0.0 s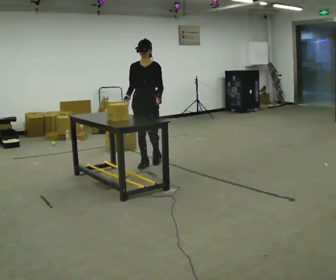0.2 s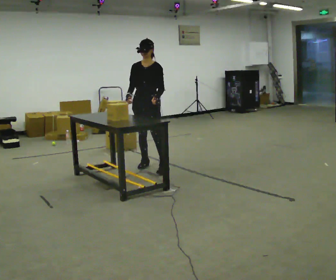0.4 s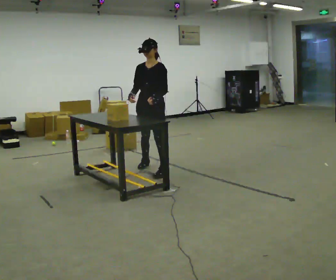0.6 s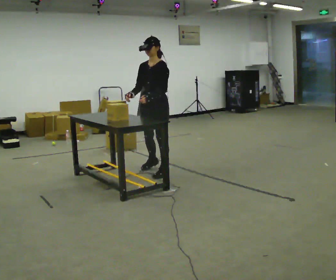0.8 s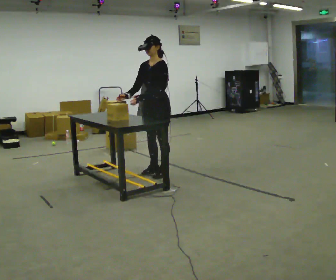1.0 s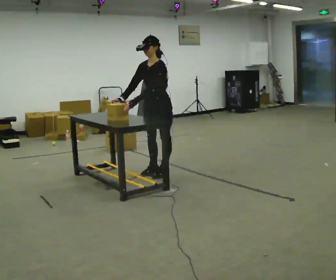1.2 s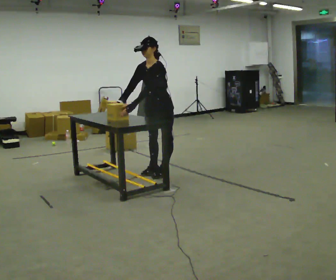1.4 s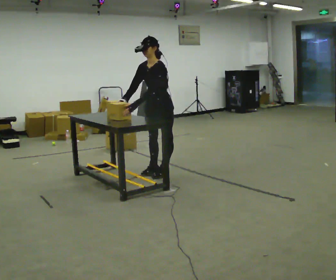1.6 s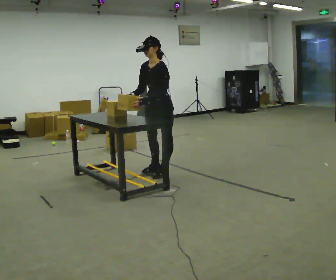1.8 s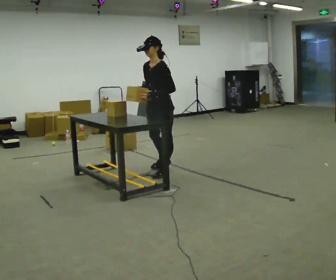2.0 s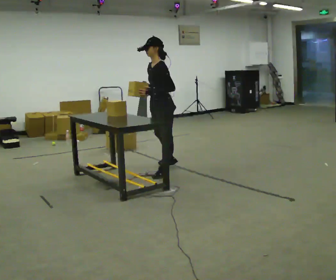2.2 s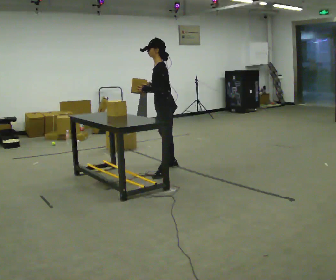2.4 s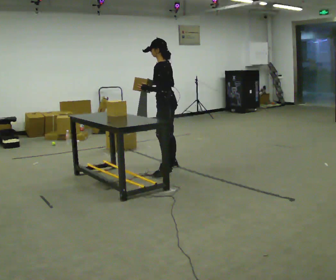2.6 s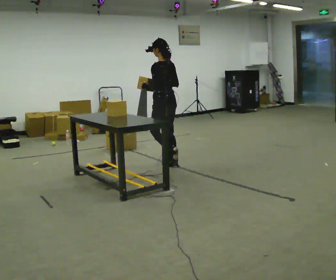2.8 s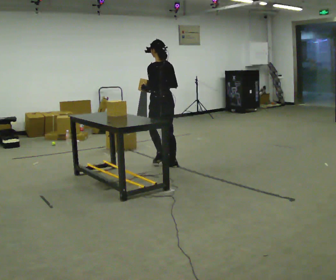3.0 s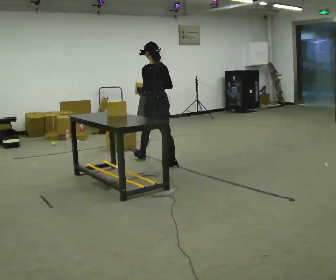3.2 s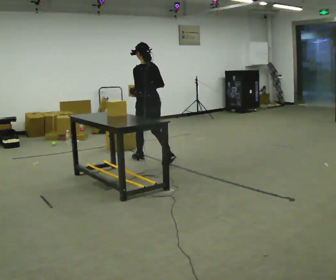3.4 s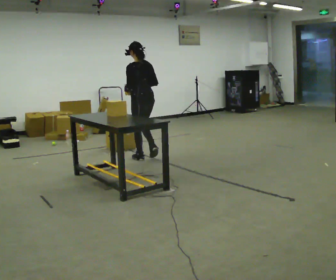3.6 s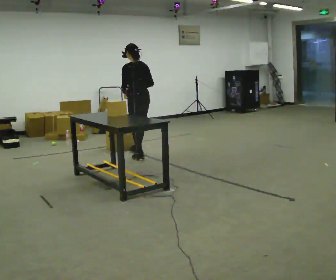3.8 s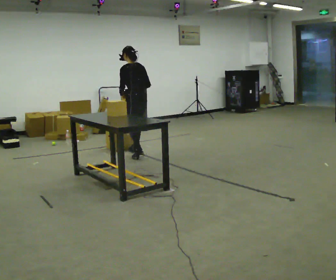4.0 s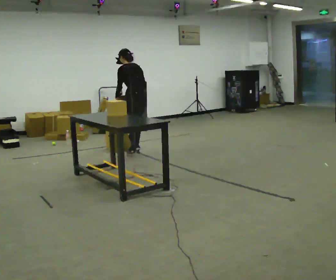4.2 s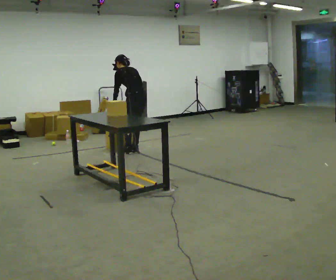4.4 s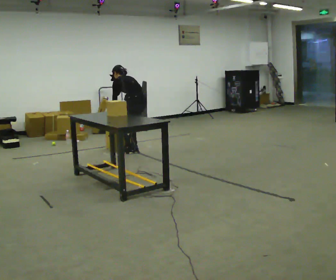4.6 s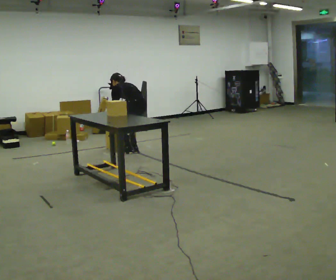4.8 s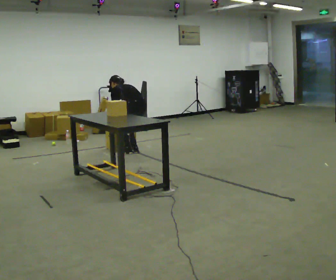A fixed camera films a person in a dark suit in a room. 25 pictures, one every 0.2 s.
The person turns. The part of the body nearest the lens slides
to the left.
The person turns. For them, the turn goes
to their right.
0.0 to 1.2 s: The part of the body nearest the lens slides to the left as the person turns to their right by about 45 degrees. In the picture they go toward the camera and to the right, about 0.5 m in 2 steps, which for them is to their left and forward. The upper body tips toward the camera, its near side rolling downward, as they bend forward.
1.2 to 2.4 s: The person turns about 60 degrees to their right, clockwise seen from above, so the part of the body nearest the lens slides to the left. In the picture they go away from the camera, about 0.25 m in 1 step.
2.4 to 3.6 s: The person turns about 30 degrees to their right, clockwise seen from above, so the part of the body nearest the lens slides to the left. In the picture they go away from the camera and to the left, about 0.75 m in 1 step, which for them is forward.
3.6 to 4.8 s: In the picture they go away from the camera, about 0.25 m in 2 steps, which for them is forward. The upper body goes downward. The upper body tips away from the camera, its near side rolling upward, as they bend forward. In the picture their right hand goes downward and to the left.
The film runs forward here.
